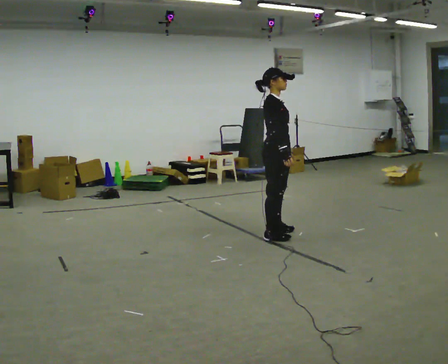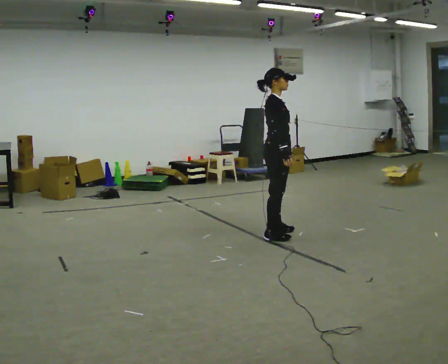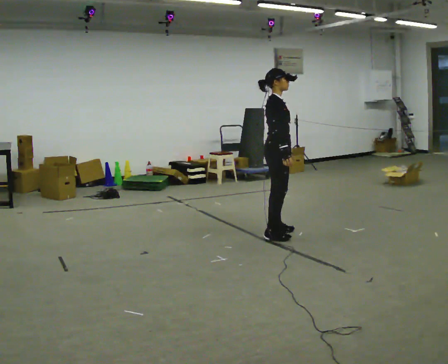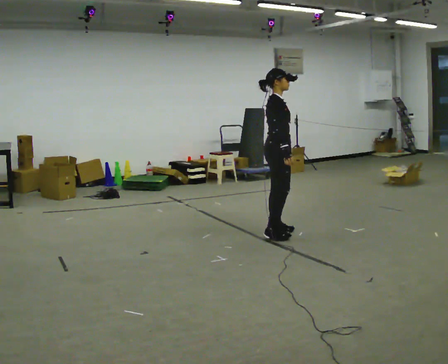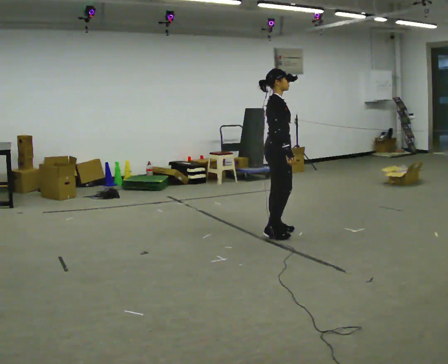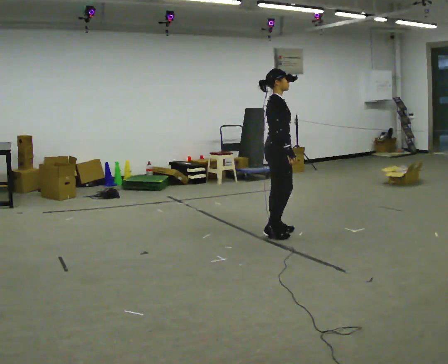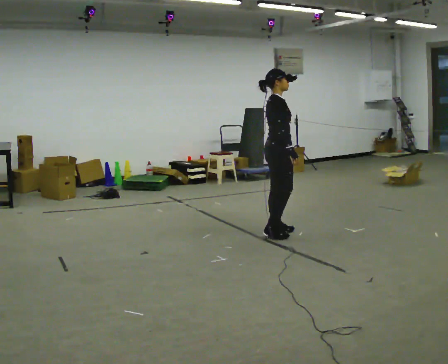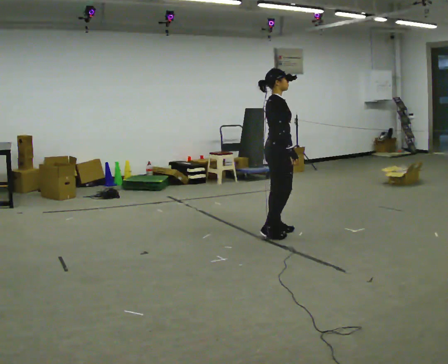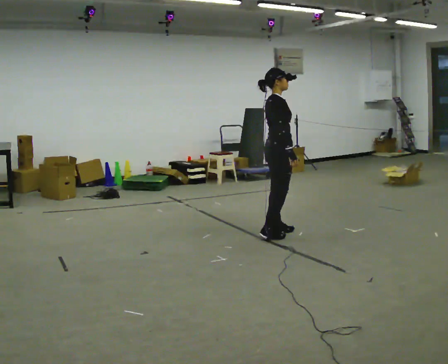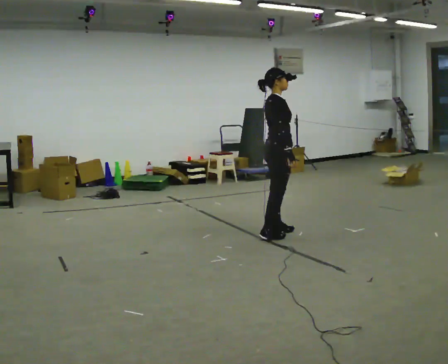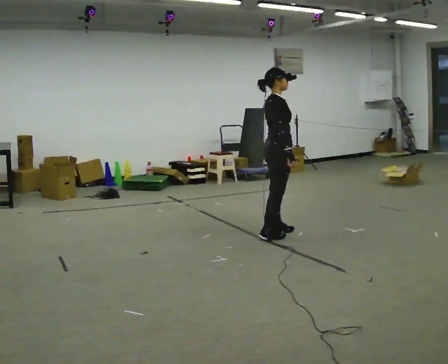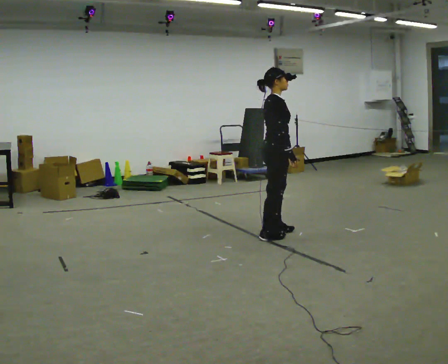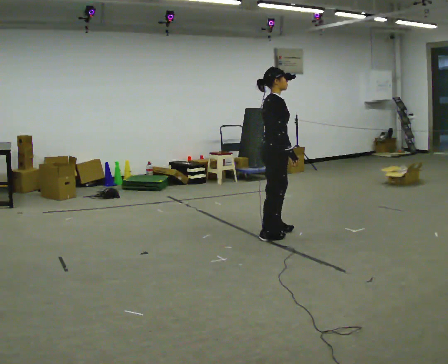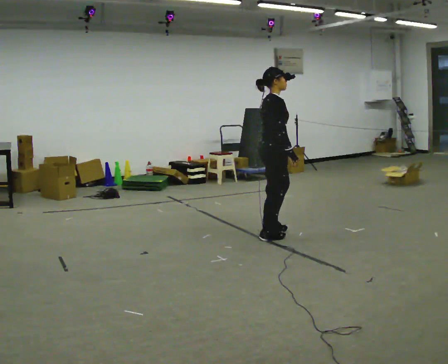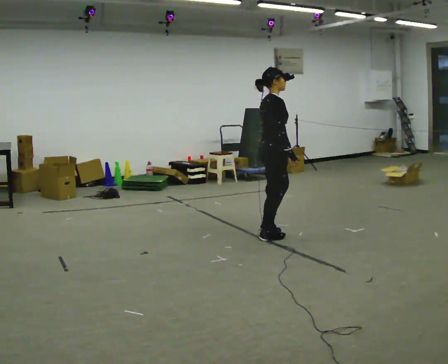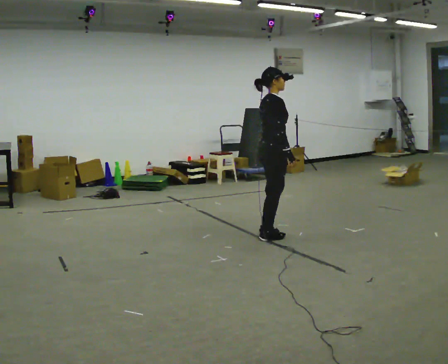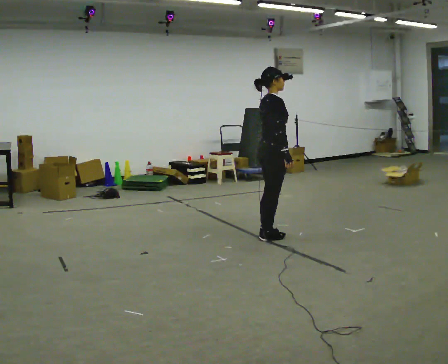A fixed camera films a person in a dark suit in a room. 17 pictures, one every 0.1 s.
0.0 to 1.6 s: The person turns about 30 degrees to their left, counterclockwise seen from above, so the part of the body nearest the lens slides to the right.
The film runs backward here.
